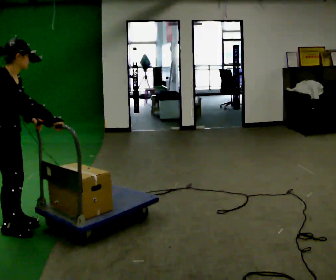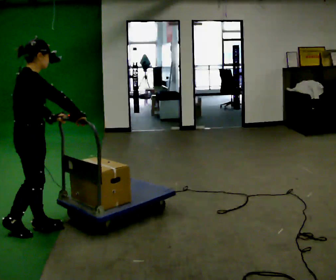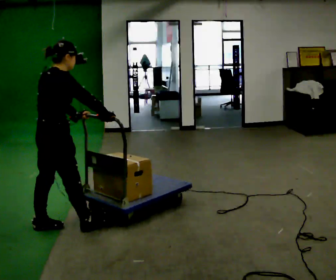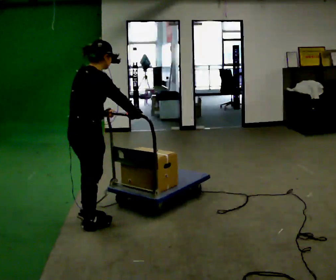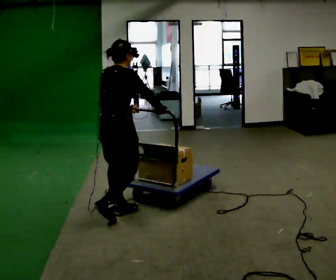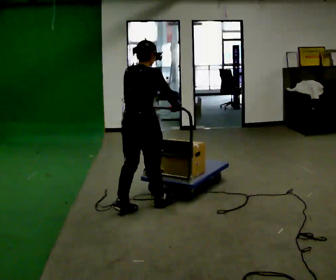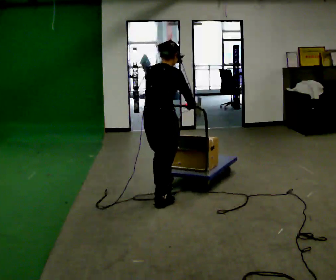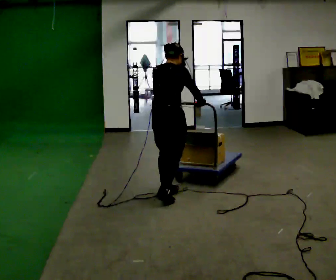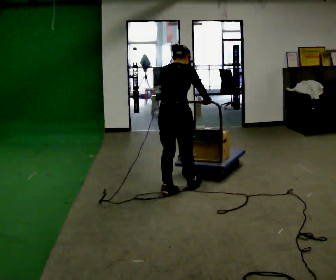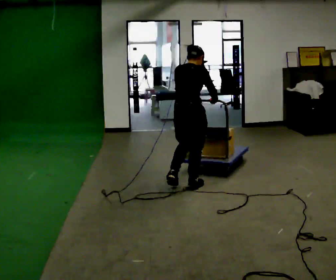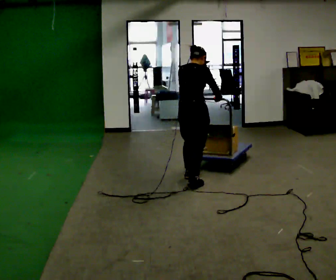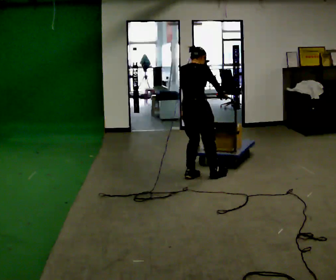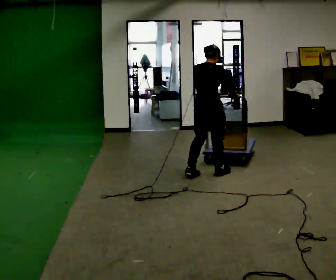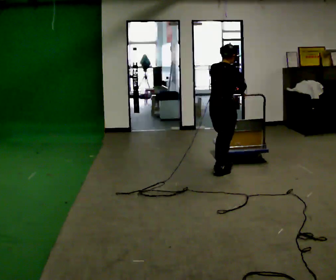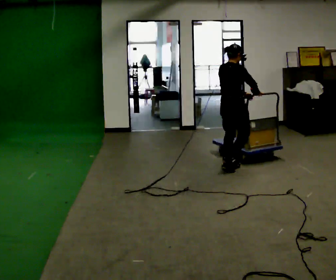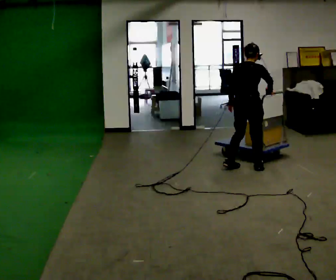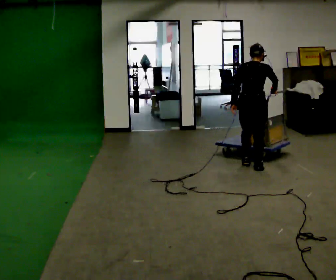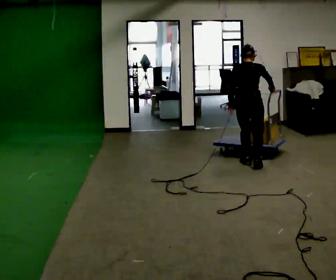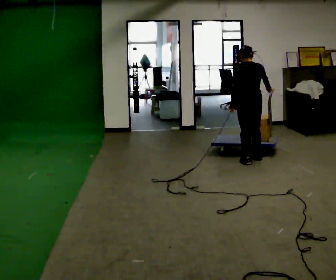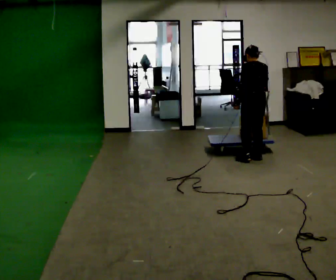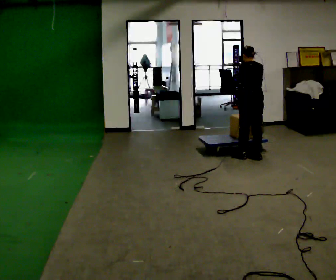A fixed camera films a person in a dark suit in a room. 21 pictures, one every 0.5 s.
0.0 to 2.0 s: Seen from above the body turns counterclockwise, about 45 degrees: to their left, with its near side sliding to the right. In the picture they go to the right and away from the camera, about 1 m in 3 steps, which for them is forward.
2.0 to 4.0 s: In the picture they go away from the camera and to the right, about 1 m in 3 steps, which for them is forward.
4.0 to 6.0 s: In the picture they go away from the camera and to the right, about 0.75 m in 2 steps, which for them is forward.
6.0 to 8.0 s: In the picture they go to the right and away from the camera, about 0.5 m in 2 steps, which for them is forward.
8.0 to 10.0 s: The person turns about 45 degrees to their left, counterclockwise seen from above, so the part of the body nearest the lens slides to the right. In the picture they go away from the camera, about 0.5 m in 3 steps, which for them is forward and to their right.
The film runs forward here.
